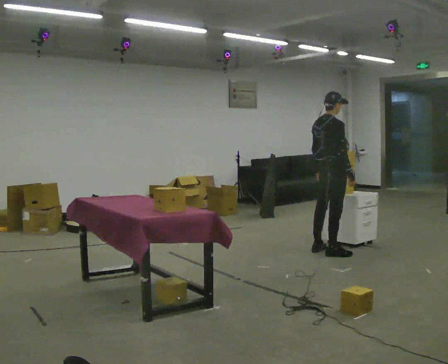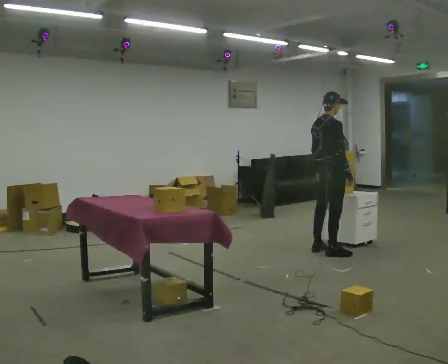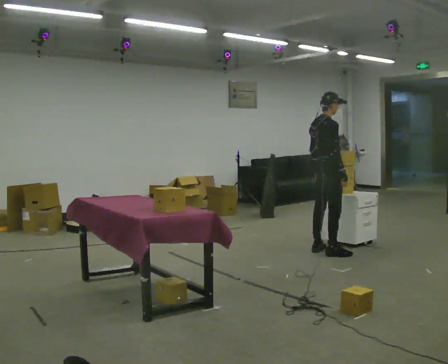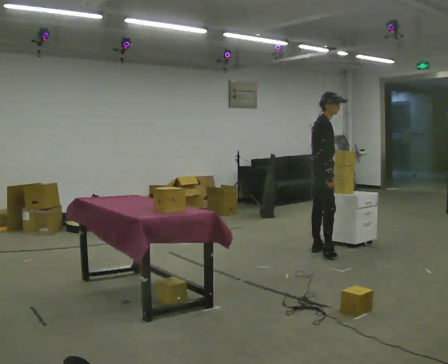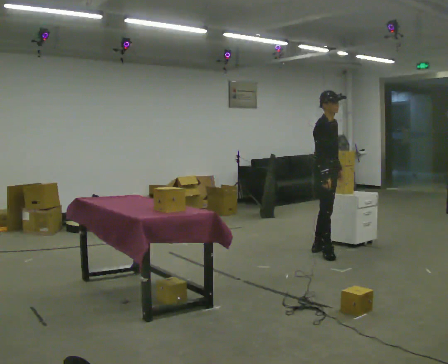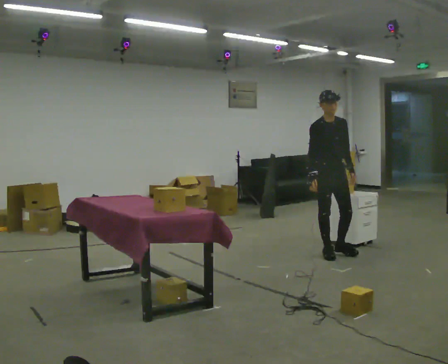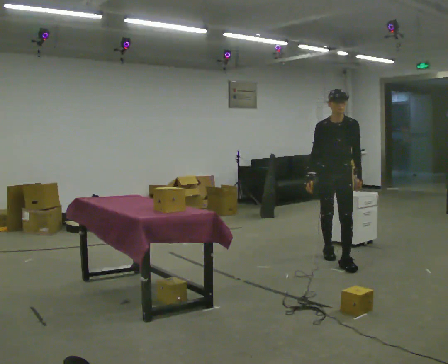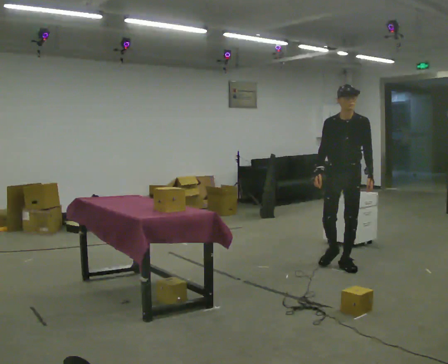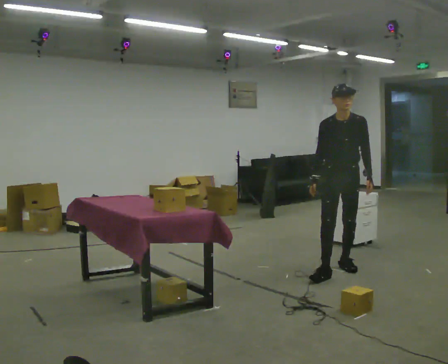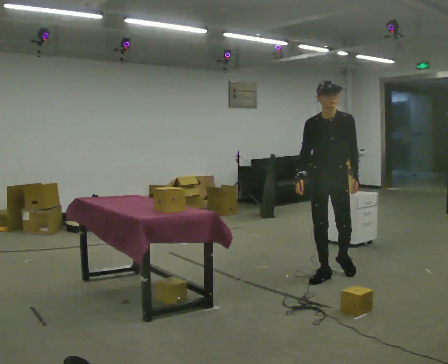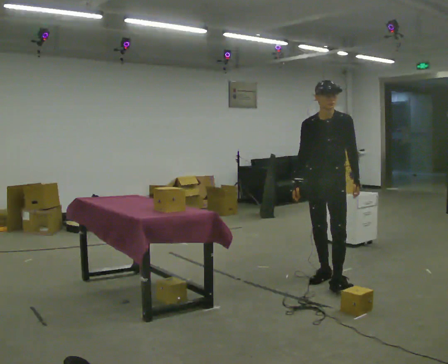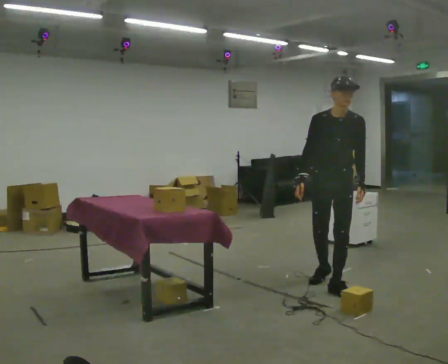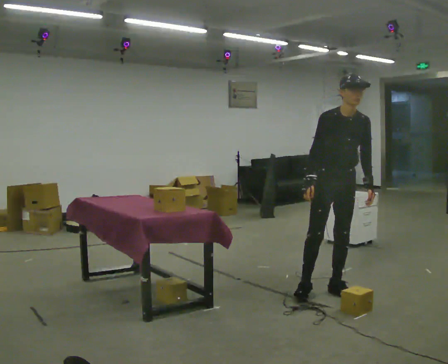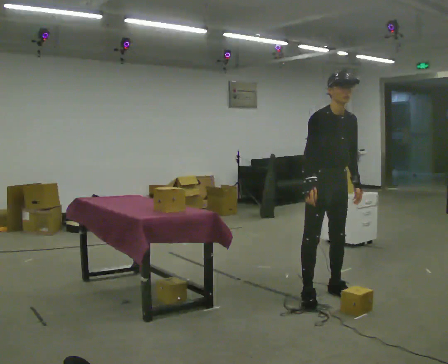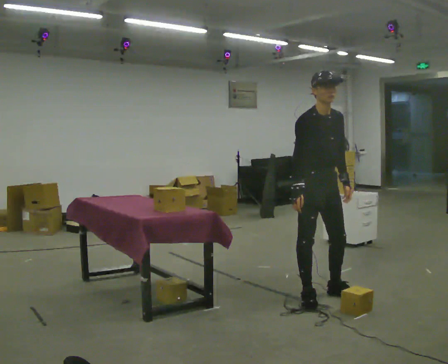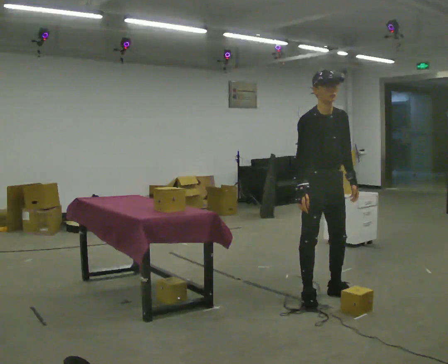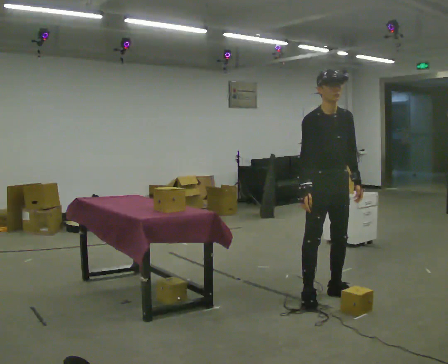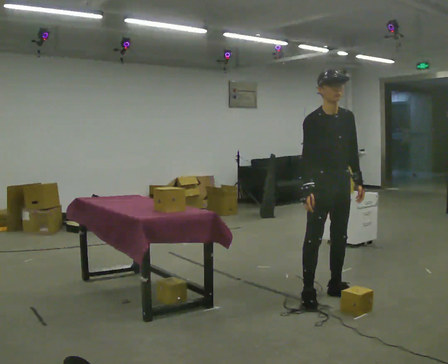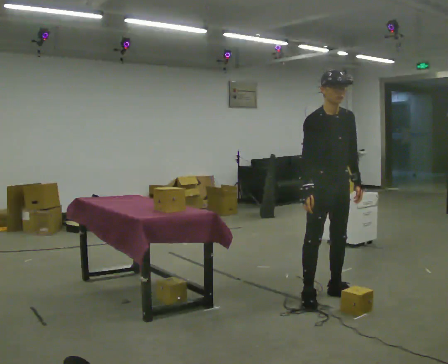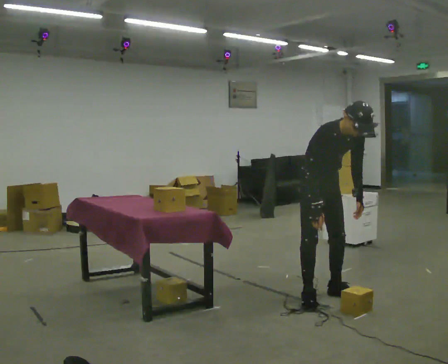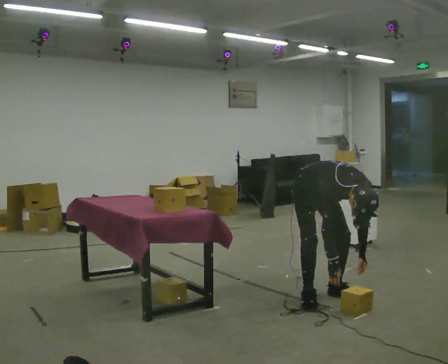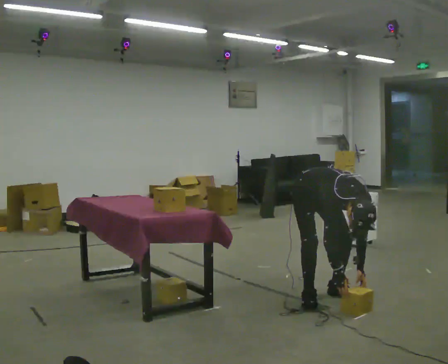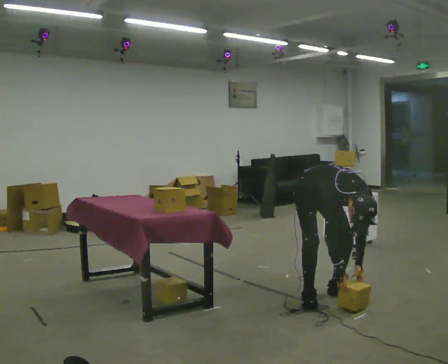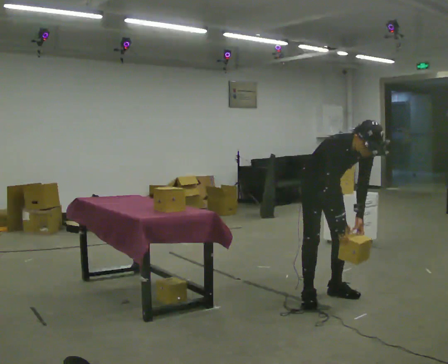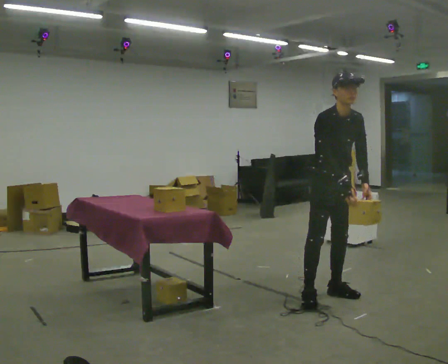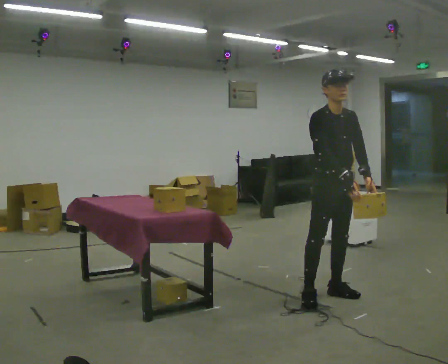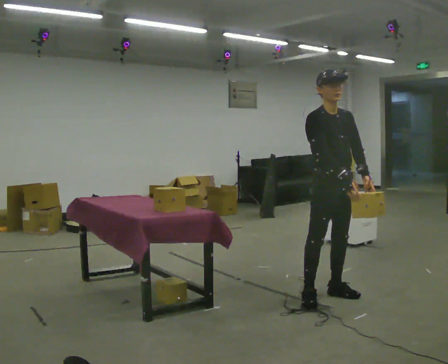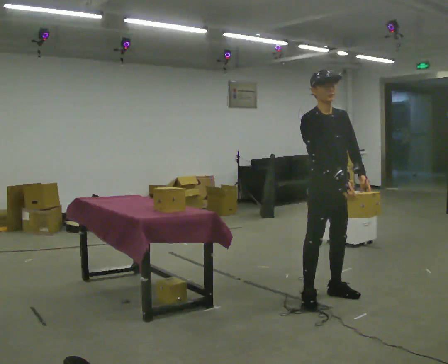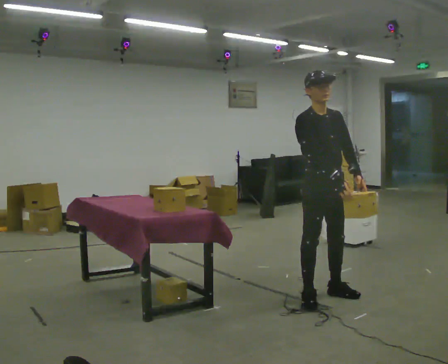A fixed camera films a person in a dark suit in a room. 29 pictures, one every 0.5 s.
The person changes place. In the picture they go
toward the camera.
0.0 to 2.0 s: The person turns about 60 degrees to their right, clockwise seen from above, so the part of the body nearest the lens slides to the left.
2.0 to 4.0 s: The part of the body nearest the lens slides to the left as the person turns to their right by about 60 degrees. In the picture they go toward the camera, about 0.75 m in 2 steps.
4.0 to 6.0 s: In the picture they go toward the camera, about 0.5 m in 1 step, which for them is forward.
6.0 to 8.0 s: In the picture they go toward the camera, about 0.25 m in 1 step, which for them is to their right.
8.0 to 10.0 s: The upper body goes downward. The upper body tips toward the camera, its near side rolling downward, as they bend forward. In the picture their right hand goes downward.
10.0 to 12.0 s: The shoulders move upward. The upper body tips away from the camera, its near side rolling upward, as they lean back or straighten. In the picture their right hand goes upward.
12.0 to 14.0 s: The person moves a little, or ends about where they began.
The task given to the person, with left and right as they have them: 1. The operator will tell you the shelf is already sorted and just needs moving to the table. 2. Do what you think is right. 3. Tell the operator when you are finished.
The film runs forward here.
